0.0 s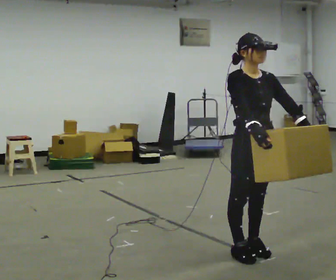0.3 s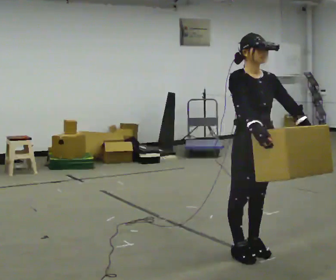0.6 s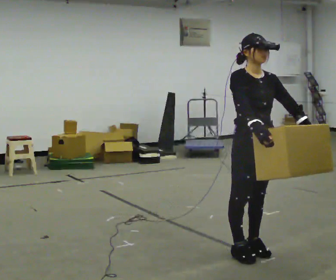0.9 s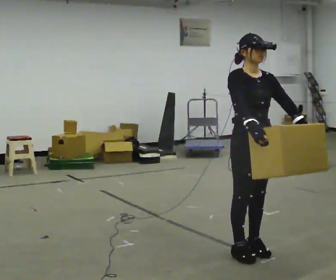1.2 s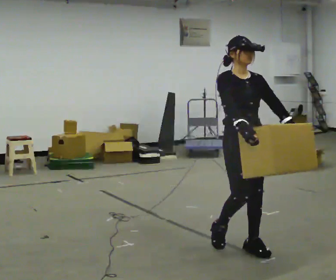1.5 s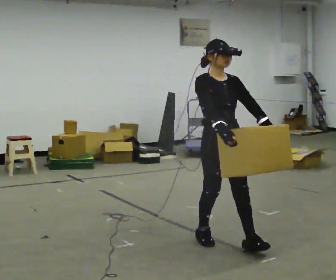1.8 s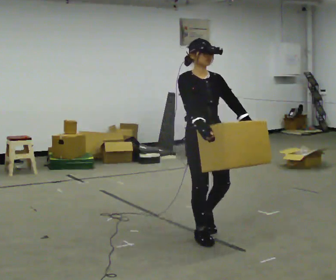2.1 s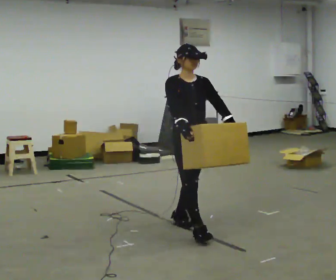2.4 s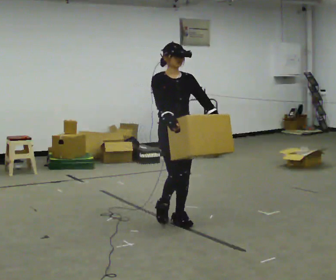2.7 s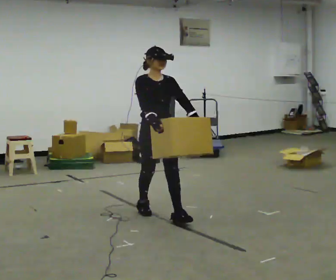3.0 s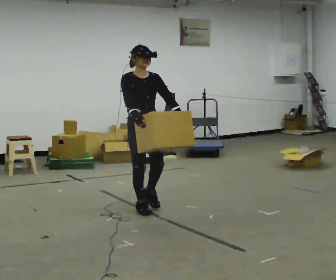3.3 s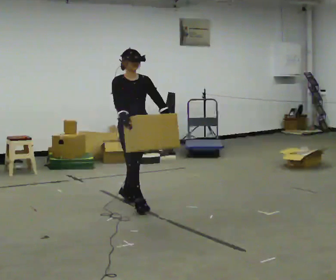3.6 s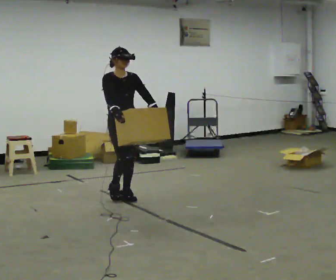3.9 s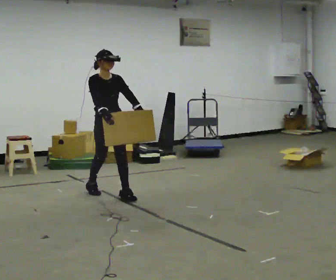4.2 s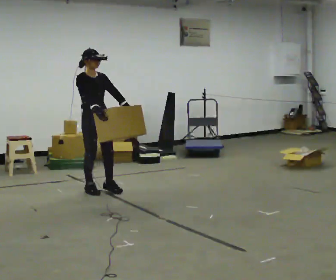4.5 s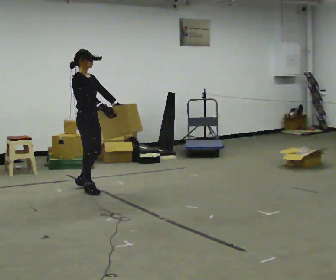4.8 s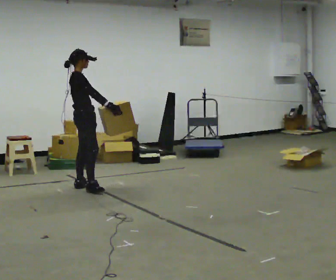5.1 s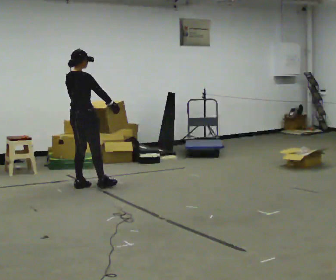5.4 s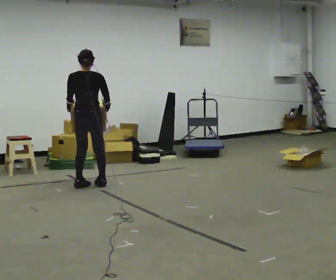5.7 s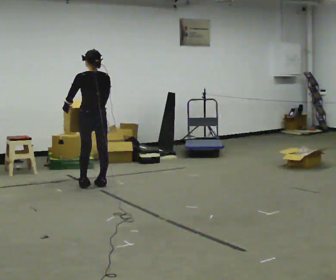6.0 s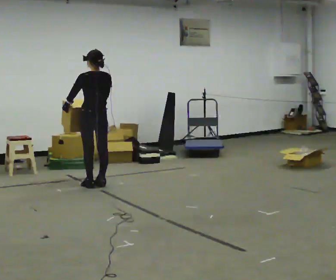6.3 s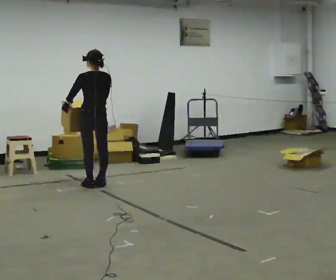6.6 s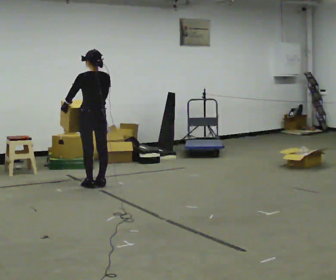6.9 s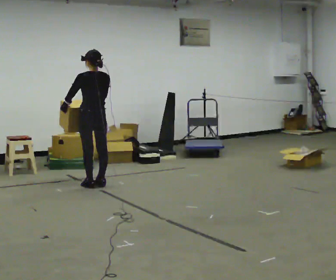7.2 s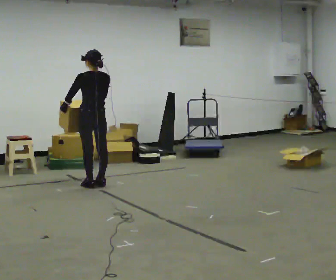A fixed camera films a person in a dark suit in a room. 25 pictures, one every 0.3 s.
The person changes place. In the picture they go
away from the camera.
The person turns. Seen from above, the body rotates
counterclockwise.
0.0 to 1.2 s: The person moves a little, or ends about where they began.
1.2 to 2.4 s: In the picture they go away from the camera and to the left, about 1 m in 2 steps, which for them is backward.
2.4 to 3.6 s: In the picture they go away from the camera and to the left, about 1 m in 2 steps, which for them is backward.
3.6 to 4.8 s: The person turns about 75 degrees to their left, counterclockwise seen from above, so the part of the body nearest the lens slides to the right. In the picture they go to the left and away from the camera, about 0.75 m in 1 step.
4.8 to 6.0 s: The part of the body nearest the lens slides to the right as the person turns to their left by about 105 degrees. In the picture they go away from the camera, about 0.25 m in 2 steps.
6.0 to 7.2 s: The person keeps their place and pose.
The film runs backward here.
